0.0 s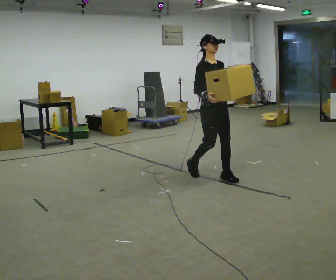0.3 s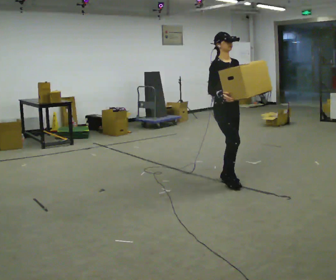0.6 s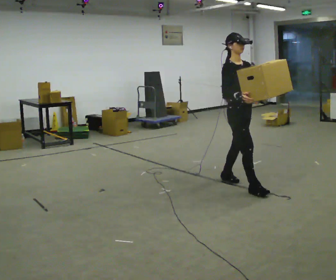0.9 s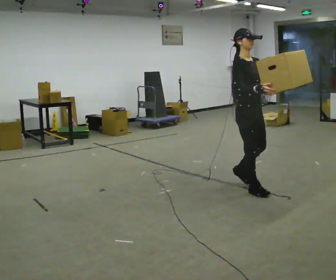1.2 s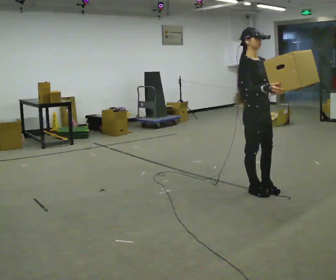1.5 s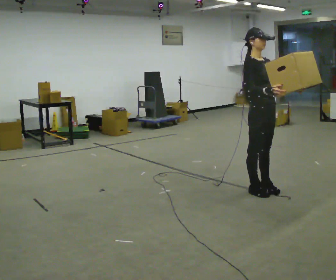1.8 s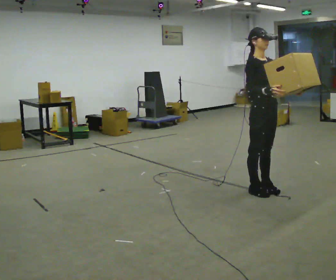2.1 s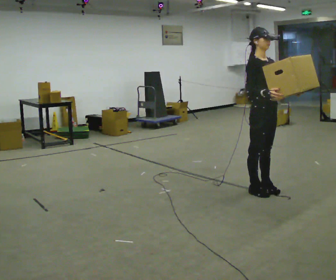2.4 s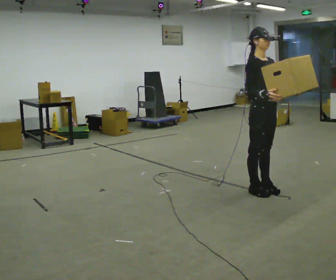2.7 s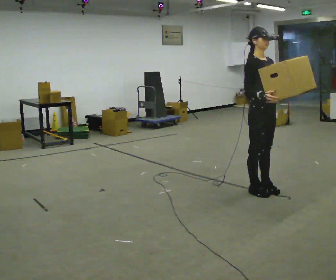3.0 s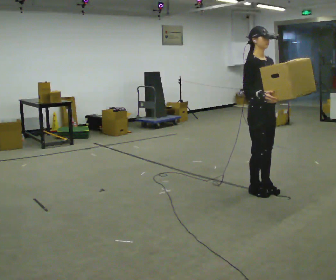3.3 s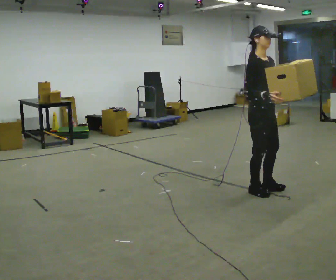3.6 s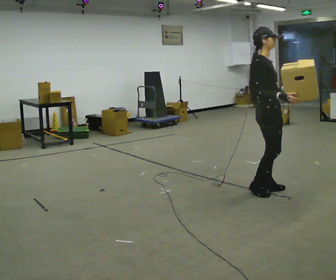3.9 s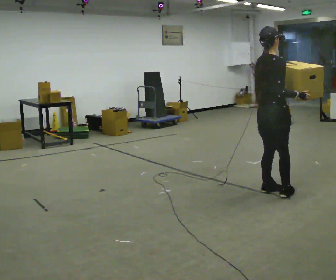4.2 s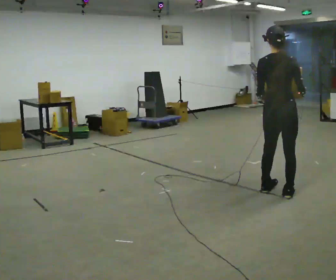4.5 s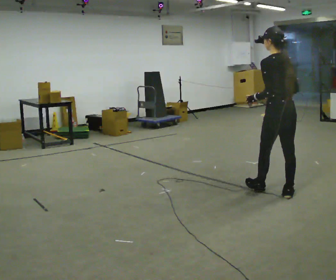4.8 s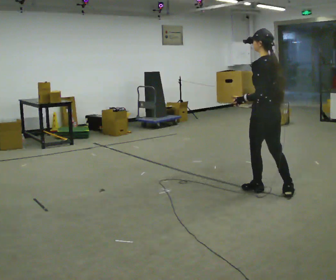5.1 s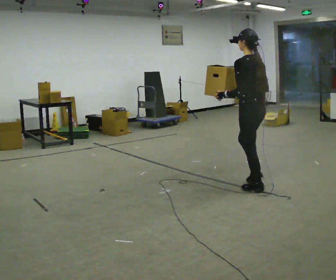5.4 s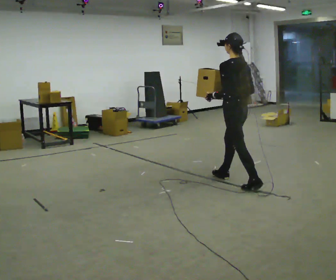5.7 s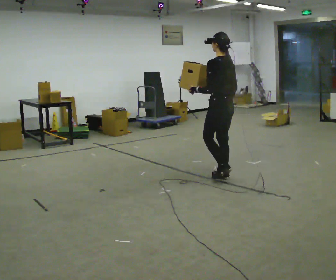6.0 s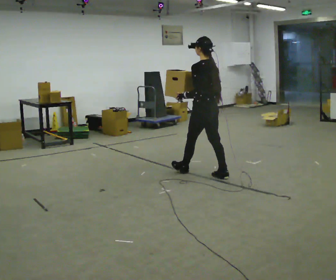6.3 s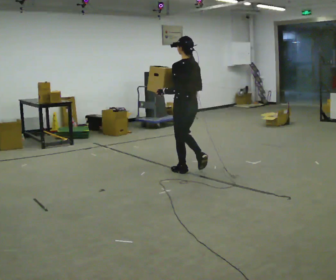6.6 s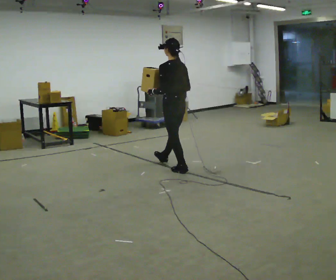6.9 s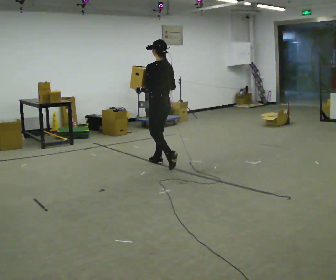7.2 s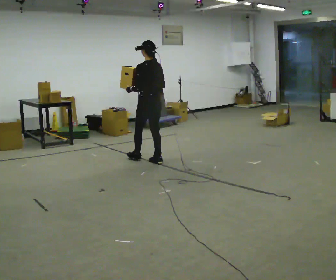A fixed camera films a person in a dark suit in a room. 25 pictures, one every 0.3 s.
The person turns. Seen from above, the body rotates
counterclockwise.
The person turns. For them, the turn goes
to their left.
0.0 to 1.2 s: In the picture they go toward the camera and to the right, about 0.75 m in 2 steps, which for them is forward.
1.2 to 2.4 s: The person moves a little, or ends about where they began.
2.4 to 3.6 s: The part of the body nearest the lens slides to the right as the person turns to their left by about 30 degrees.
3.6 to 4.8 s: The part of the body nearest the lens slides to the right as the person turns to their left by about 135 degrees.
4.8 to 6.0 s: In the picture they go to the left and away from the camera, about 1 m in 2 steps, which for them is forward.
6.0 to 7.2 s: In the picture they go to the left and away from the camera, about 1 m in 1 step, which for them is forward.
The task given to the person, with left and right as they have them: Carry the box across the room, back and forth. The operator will swap between the box with handles and the one without.
The film runs forward here.
